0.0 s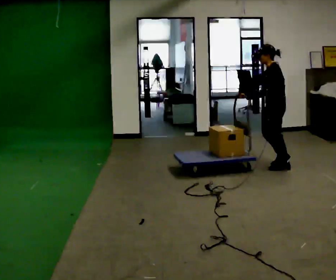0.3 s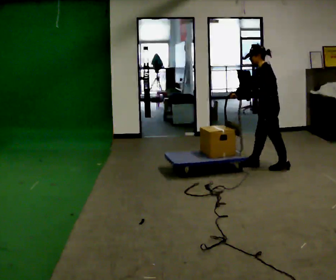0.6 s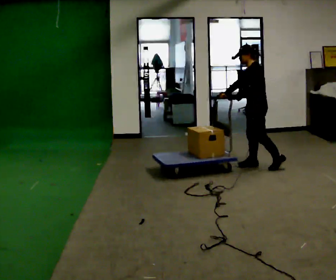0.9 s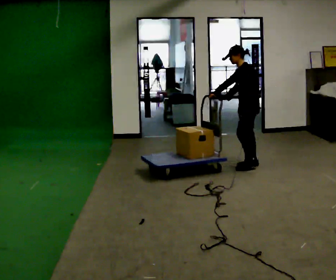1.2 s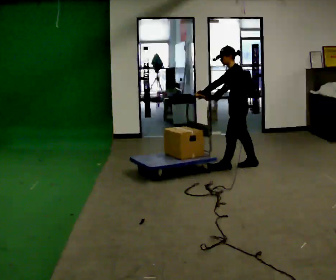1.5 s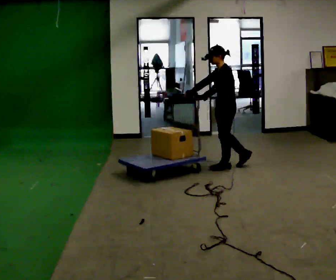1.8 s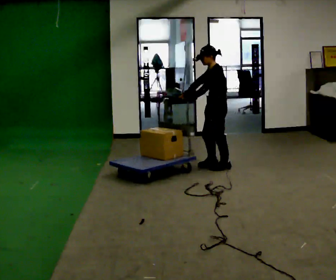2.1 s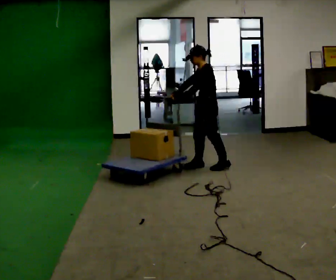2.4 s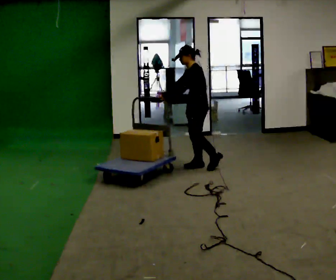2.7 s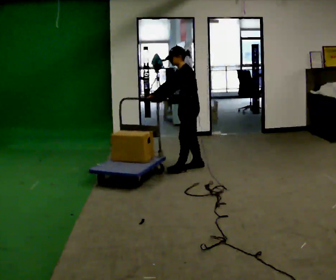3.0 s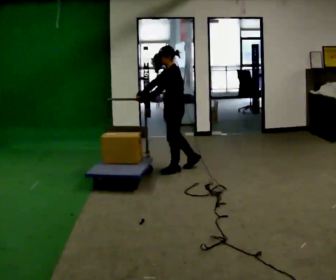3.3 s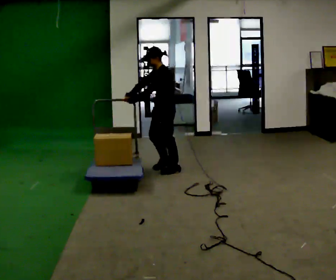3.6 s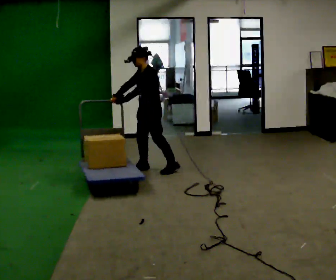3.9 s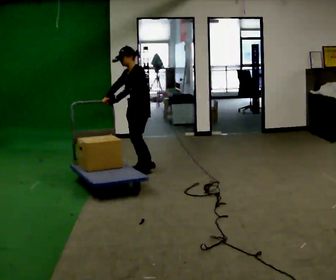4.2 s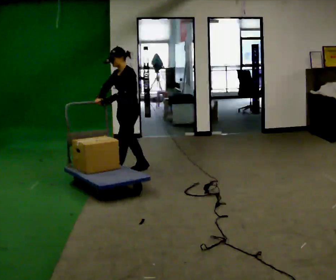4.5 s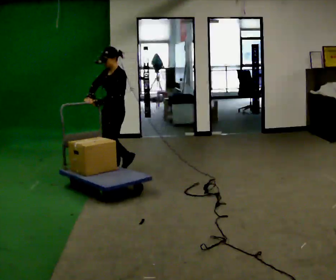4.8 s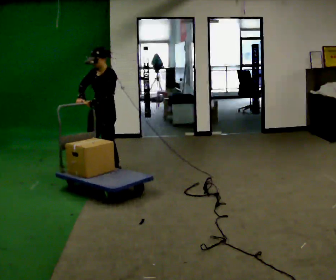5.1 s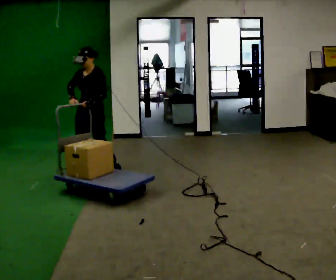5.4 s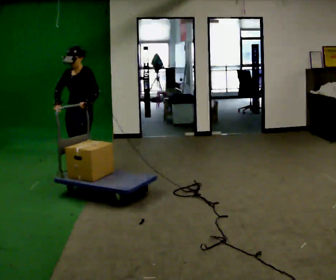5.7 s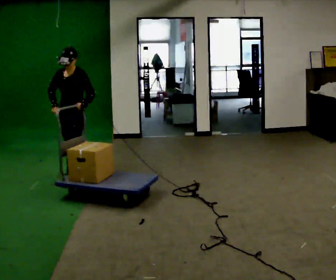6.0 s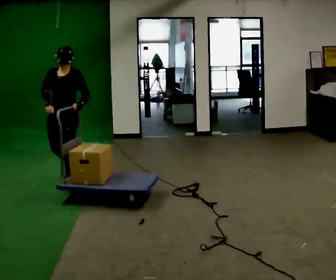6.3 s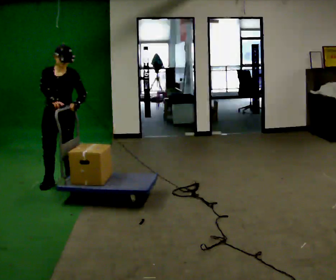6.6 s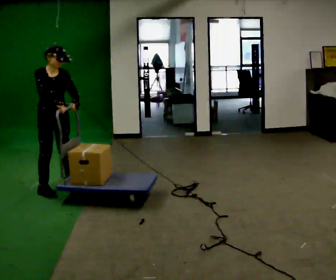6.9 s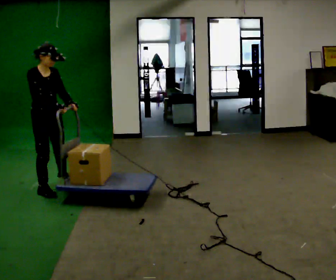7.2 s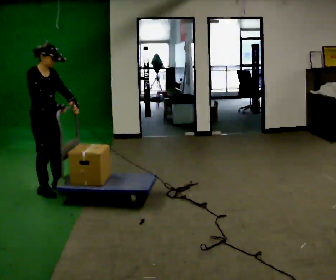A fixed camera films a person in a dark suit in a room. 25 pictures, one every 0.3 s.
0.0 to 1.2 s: In the picture they go to the left, about 0.5 m in 2 steps, which for them is forward and to their right.
1.2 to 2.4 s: In the picture they go to the left, about 0.5 m in 1 step, which for them is forward.
2.4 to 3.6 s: In the picture they go to the left, about 0.5 m in 2 steps, which for them is forward.
3.6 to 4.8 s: In the picture they go to the left, about 0.5 m in 1 step, which for them is forward.
4.8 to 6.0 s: Seen from above the body turns counterclockwise, about 30 degrees: to their left, with its near side sliding to the right. In the picture they go toward the camera and to the left, about 0.5 m in 2 steps, which for them is forward.
6.0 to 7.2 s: The person turns about 75 degrees to their left, counterclockwise seen from above, so the part of the body nearest the lens slides to the right. In the picture they go toward the camera, about 0.5 m in 1 step.
The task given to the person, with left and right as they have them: Push the cart across the room and back. The operator will change how much is loaded on it between takes and will tell you each time.
The film runs forward here.
